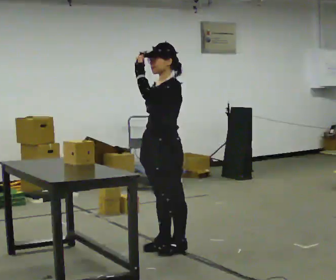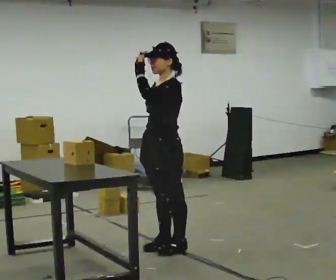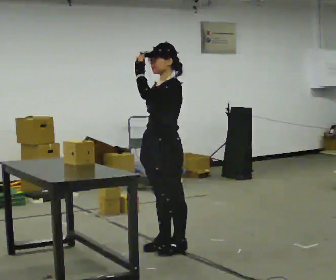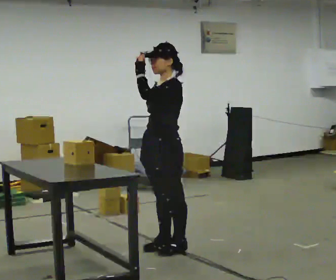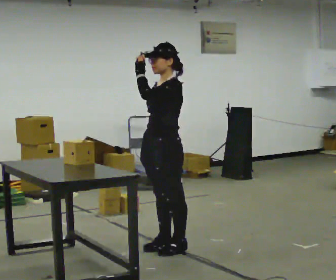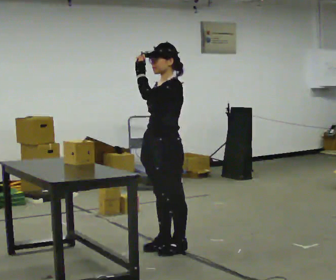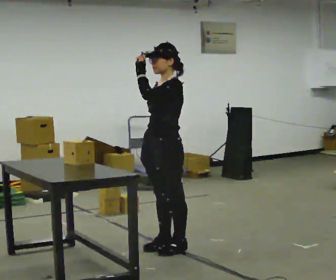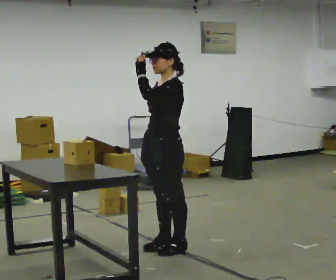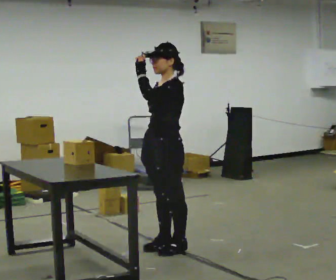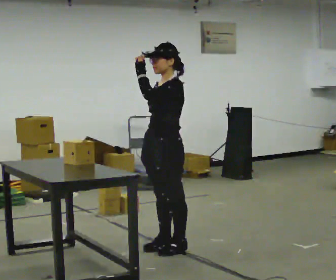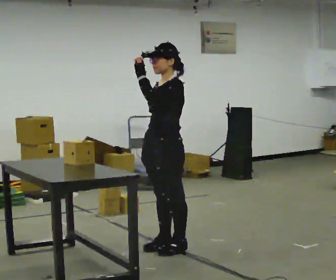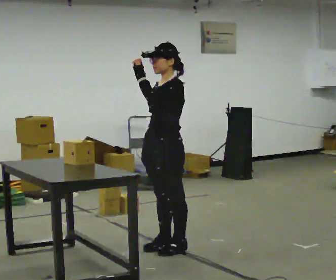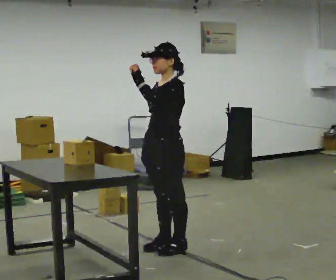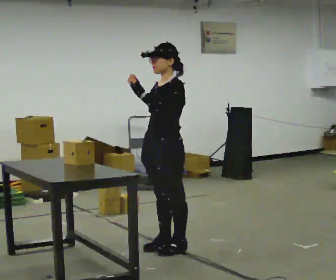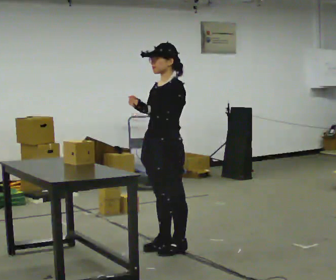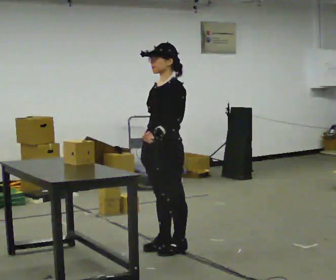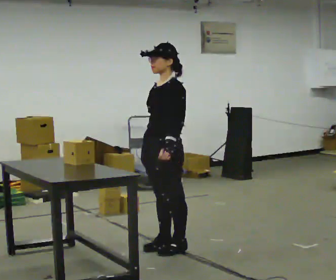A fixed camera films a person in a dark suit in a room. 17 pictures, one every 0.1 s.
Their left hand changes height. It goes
downward.
0.0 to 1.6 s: In the picture their left hand goes downward.
The film runs backward here.
